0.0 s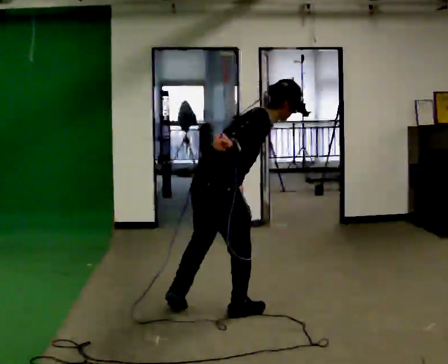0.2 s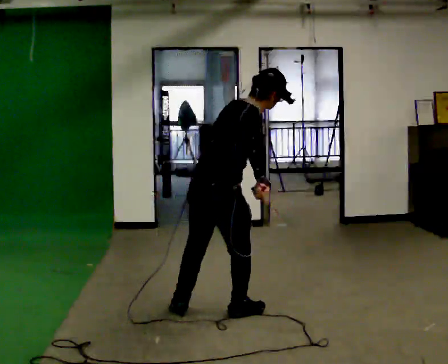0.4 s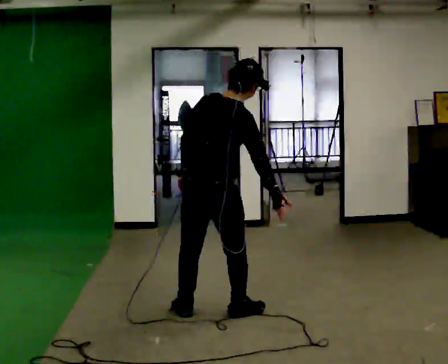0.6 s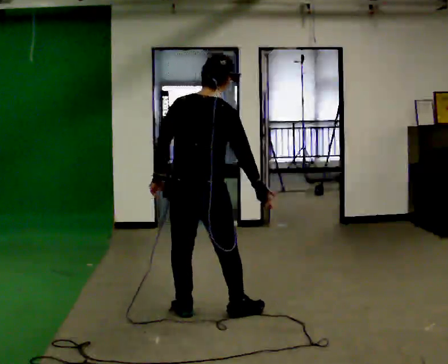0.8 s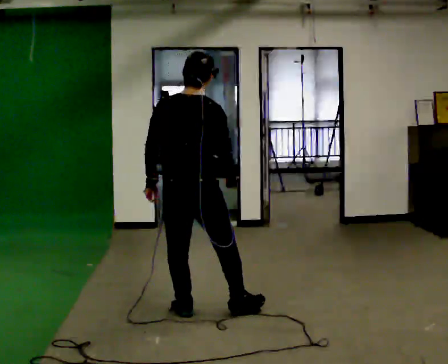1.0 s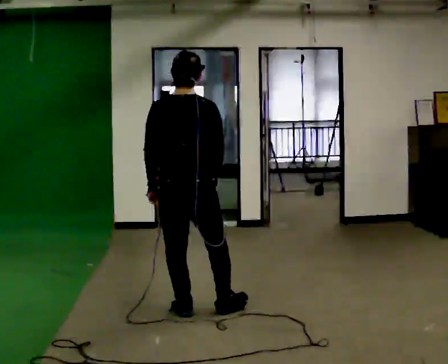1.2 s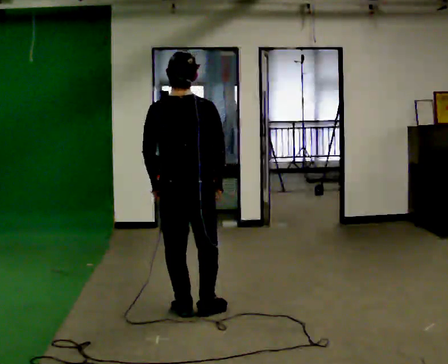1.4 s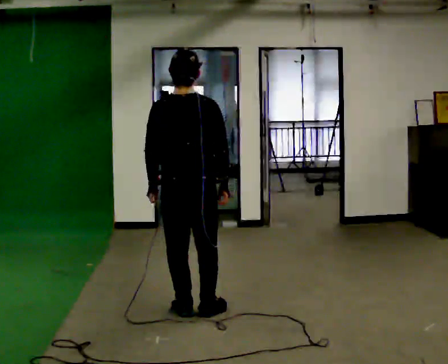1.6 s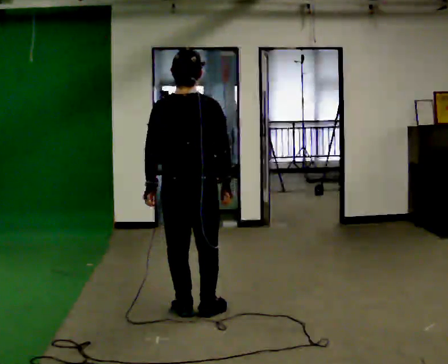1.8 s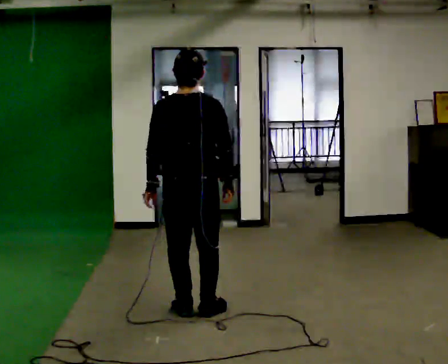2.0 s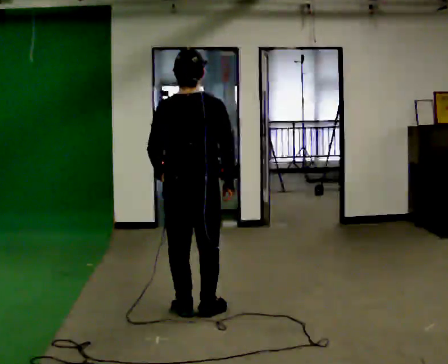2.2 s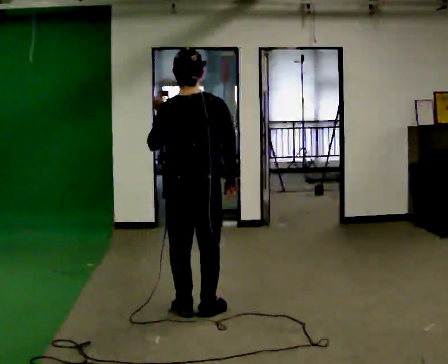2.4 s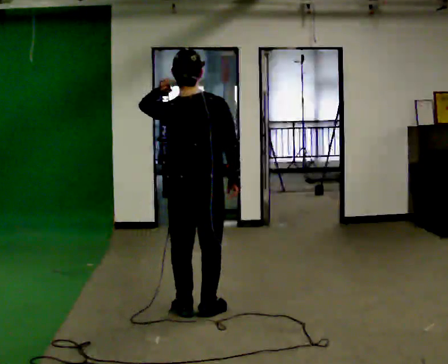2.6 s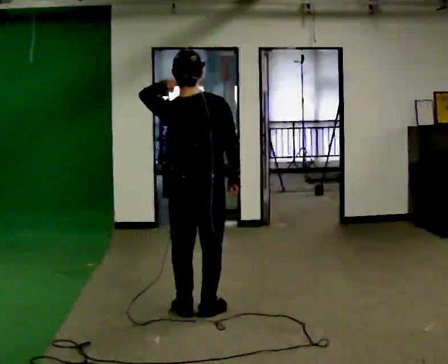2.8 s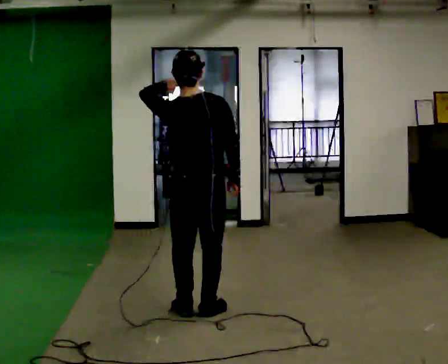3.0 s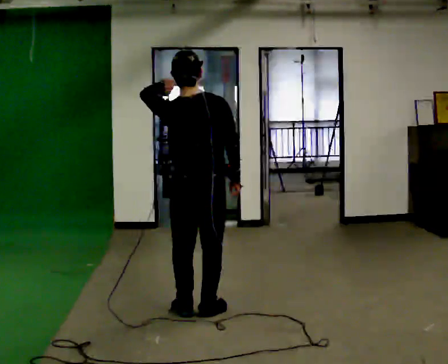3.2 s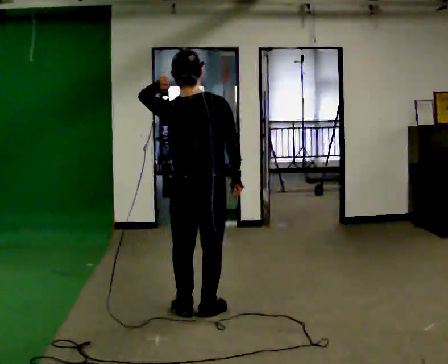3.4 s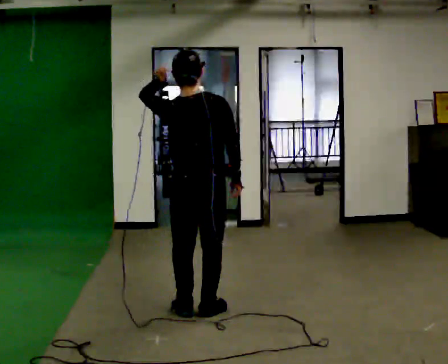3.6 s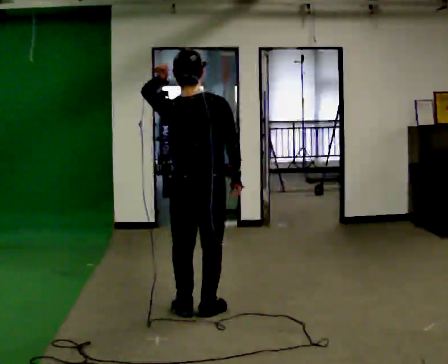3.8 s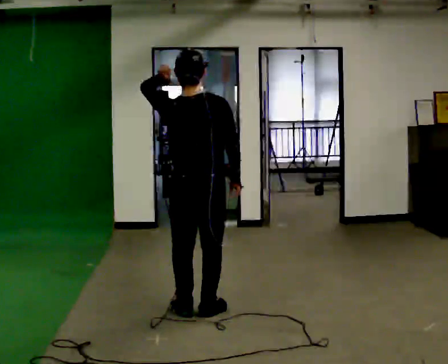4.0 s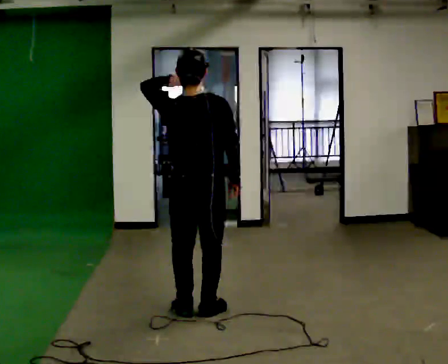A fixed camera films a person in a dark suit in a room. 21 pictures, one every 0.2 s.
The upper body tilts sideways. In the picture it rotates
counterclockwise.
0.0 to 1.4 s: Seen from above the body turns counterclockwise, about 75 degrees: to their left, with its near side sliding to the right. In the picture they go to the left, about 0.25 m in 1 step. In the picture the upper body tilts counterclockwise, shoulders to the left, as they lean back or straighten. In the picture their right hand goes downward.
1.4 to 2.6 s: In the picture their left hand goes upward.
2.6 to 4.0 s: The person moves a little, or ends about where they began.
The film runs backward here.
